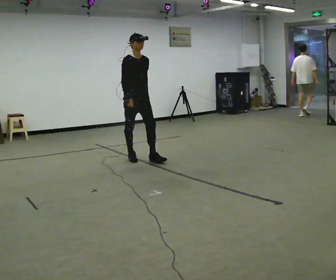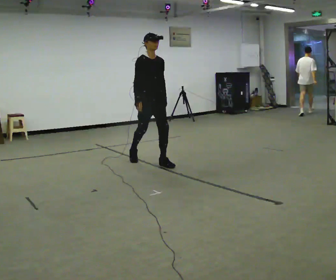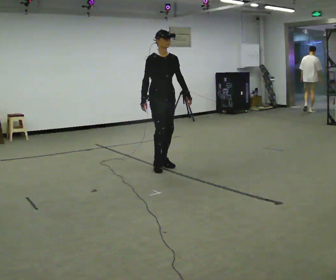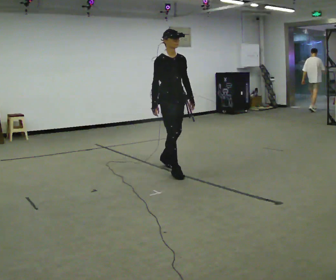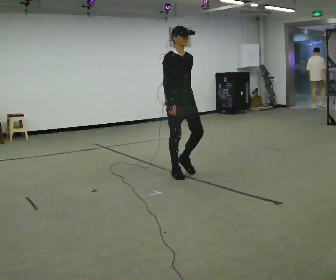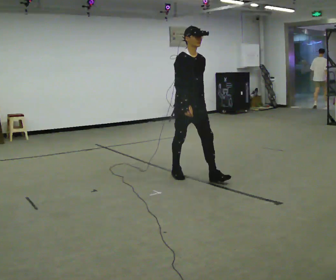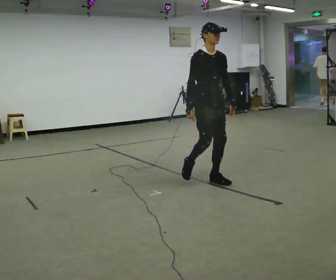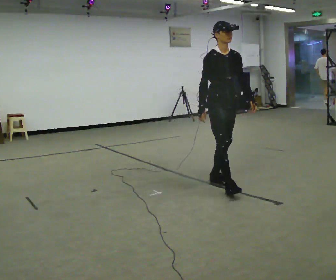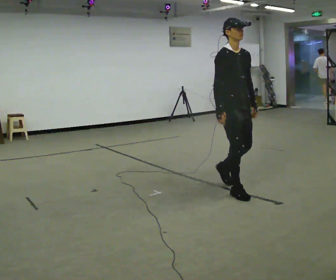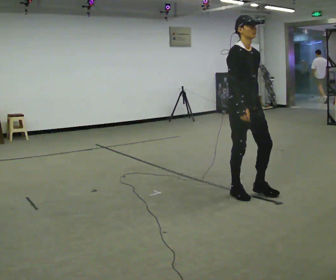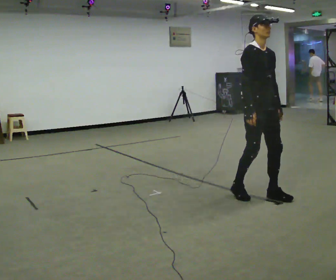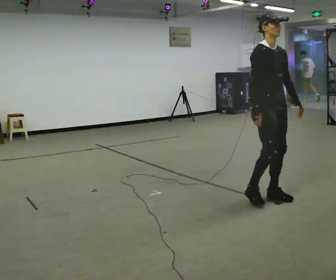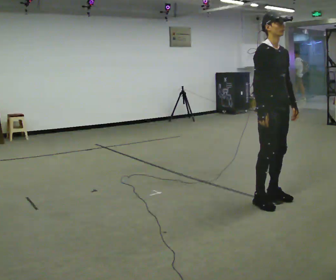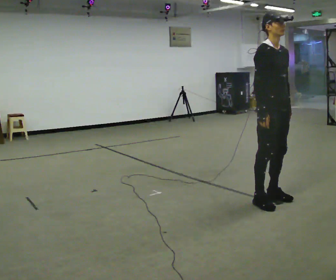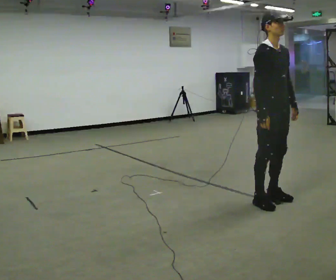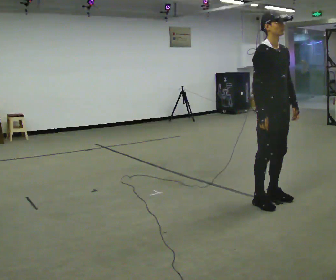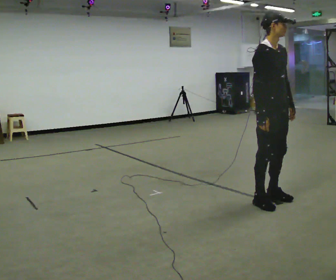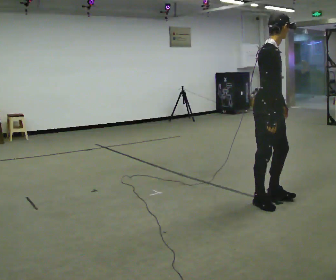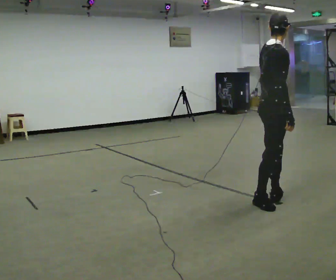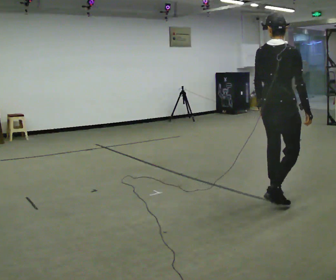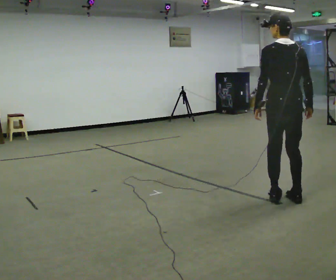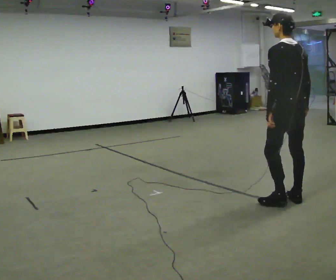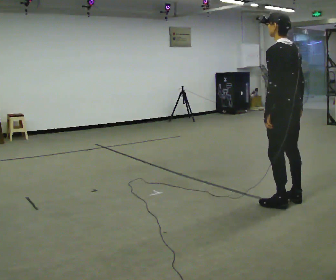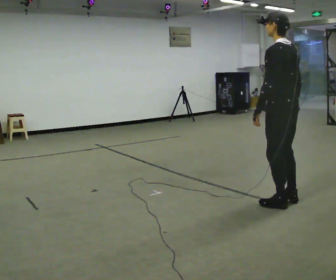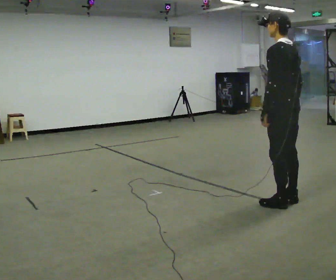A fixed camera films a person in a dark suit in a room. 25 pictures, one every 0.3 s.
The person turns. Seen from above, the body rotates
counterclockwise.
The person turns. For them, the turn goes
to their left.
0.0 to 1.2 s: In the picture they go to the right and toward the camera, about 1 m in 2 steps, which for them is forward.
1.2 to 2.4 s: In the picture they go to the right and toward the camera, about 1 m in 2 steps, which for them is forward.
2.4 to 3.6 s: In the picture they go to the right and toward the camera, about 0.5 m in 2 steps, which for them is forward.
3.6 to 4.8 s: The person moves a little, or ends about where they began.
4.8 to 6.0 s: The part of the body nearest the lens slides to the right as the person turns to their left by about 150 degrees. In the picture they go to the right, about 0.25 m in 1 step. In the picture their right hand goes to the right.
6.0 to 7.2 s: Seen from above the body turns counterclockwise, about 30 degrees: to their left, with its near side sliding to the right.
The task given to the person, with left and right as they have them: Start still; walk straight at normal comfortable speed; stop at endpoint.
The film runs forward here.
